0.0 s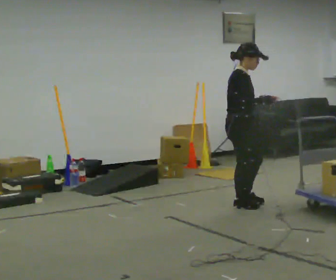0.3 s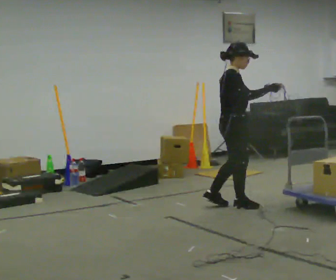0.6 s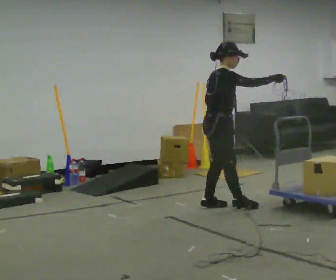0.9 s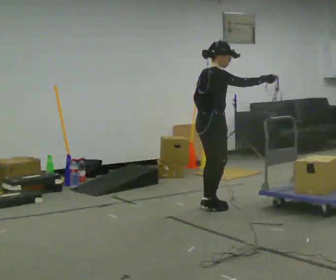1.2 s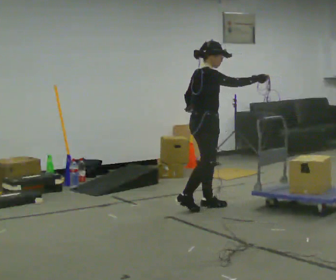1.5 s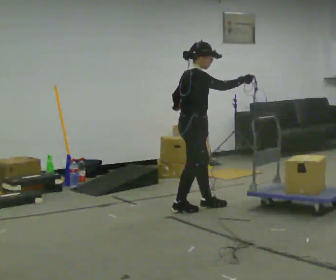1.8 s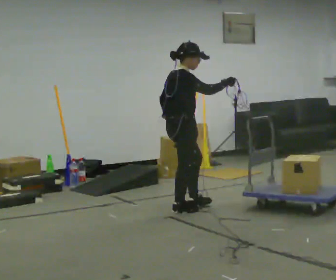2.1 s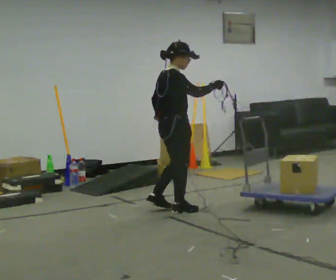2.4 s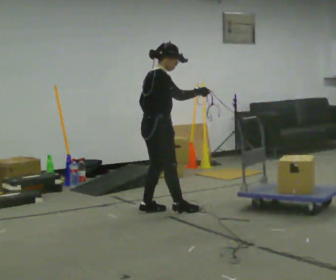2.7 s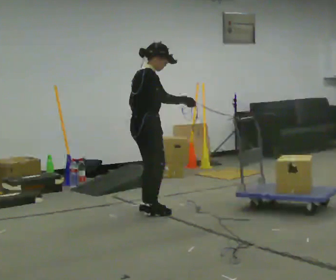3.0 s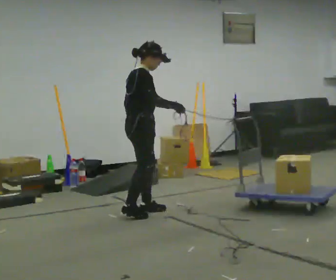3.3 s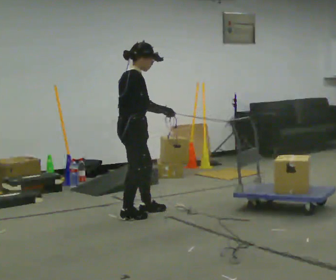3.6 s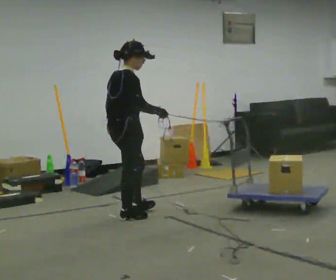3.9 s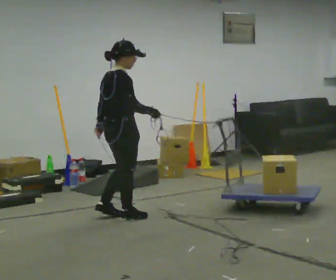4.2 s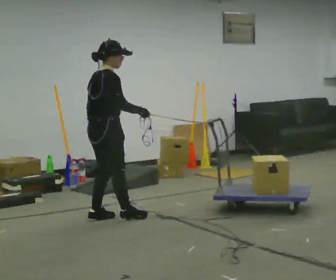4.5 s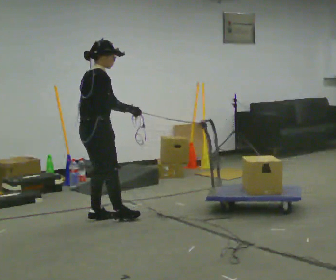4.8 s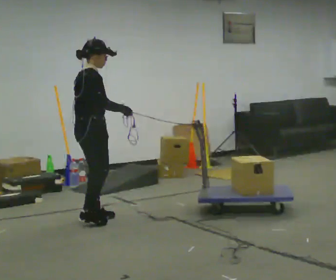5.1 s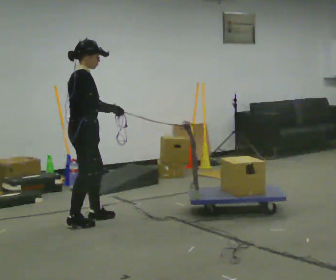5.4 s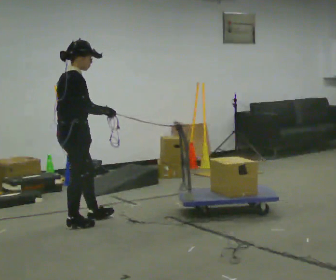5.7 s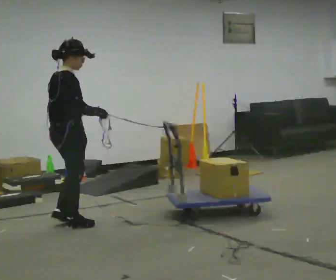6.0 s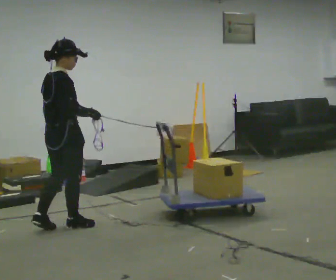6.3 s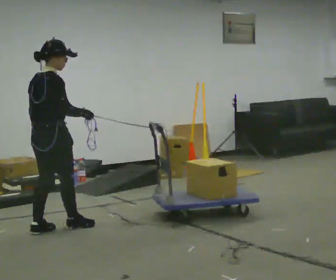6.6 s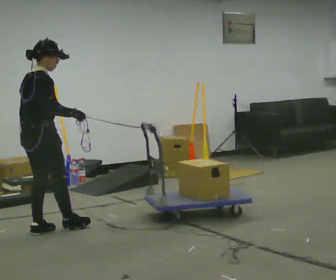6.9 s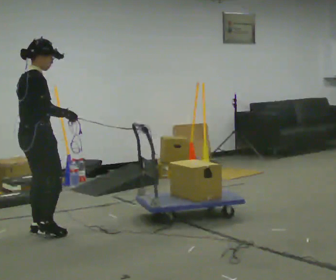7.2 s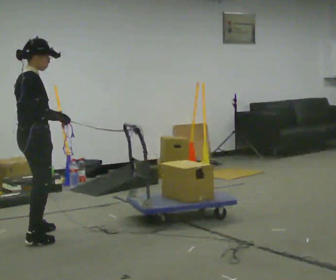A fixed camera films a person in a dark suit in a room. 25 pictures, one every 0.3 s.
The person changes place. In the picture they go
to the left.
0.0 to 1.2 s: The part of the body nearest the lens slides to the right as the person turns to their left by about 30 degrees. In the picture they go to the left, about 0.25 m in 1 step, which for them is backward.
1.2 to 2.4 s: In the picture they go to the left, about 0.5 m in 2 steps, which for them is backward.
2.4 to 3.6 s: In the picture they go to the left and toward the camera, about 0.25 m in 1 step, which for them is backward and to their right.
3.6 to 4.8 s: In the picture they go to the left, about 0.25 m in 1 step, which for them is backward.
4.8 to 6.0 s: In the picture they go toward the camera and to the left, about 0.25 m in 1 step, which for them is backward and to their right.
6.0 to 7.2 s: In the picture they go toward the camera and to the left, about 0.25 m in 2 steps, which for them is backward.
The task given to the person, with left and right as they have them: Hold the rope in both hands and drag the sled towards you as you walk backward. The operator will confirm the space behind you is clear.
The film runs forward here.
